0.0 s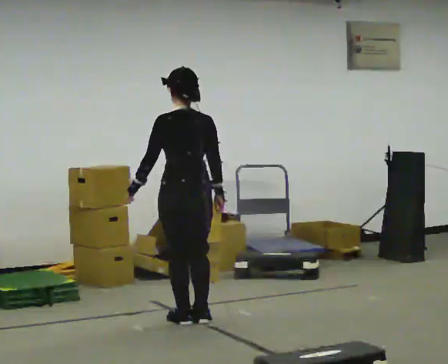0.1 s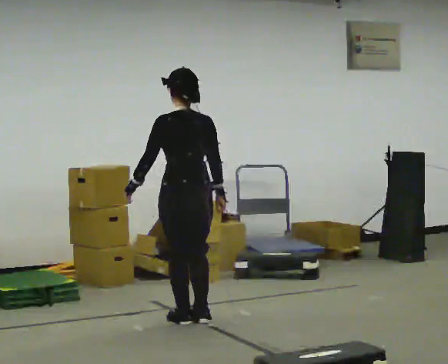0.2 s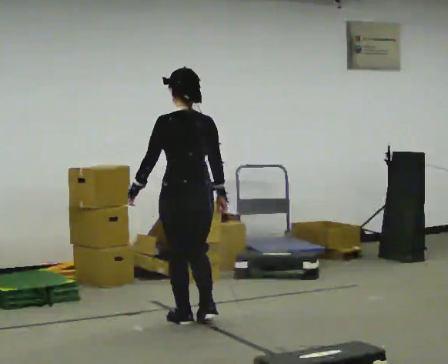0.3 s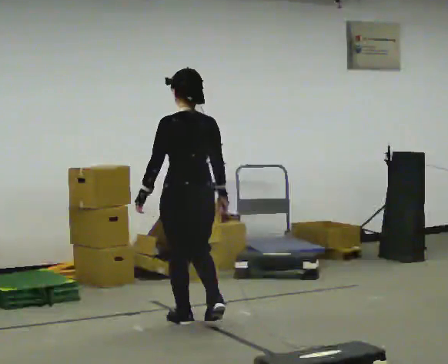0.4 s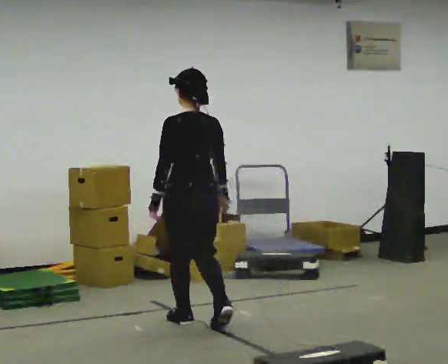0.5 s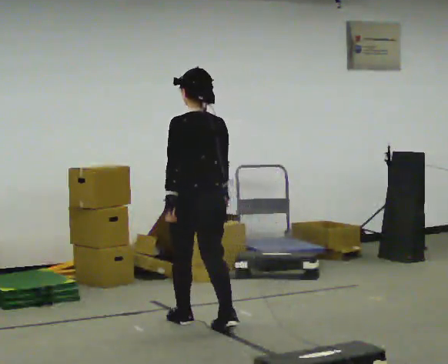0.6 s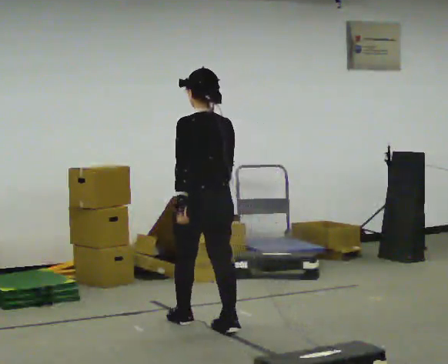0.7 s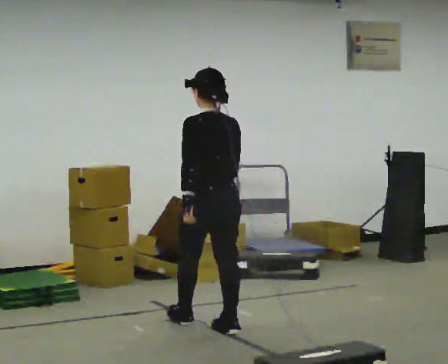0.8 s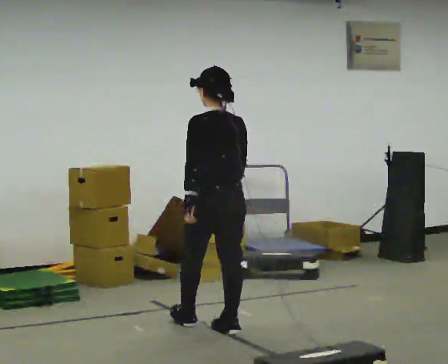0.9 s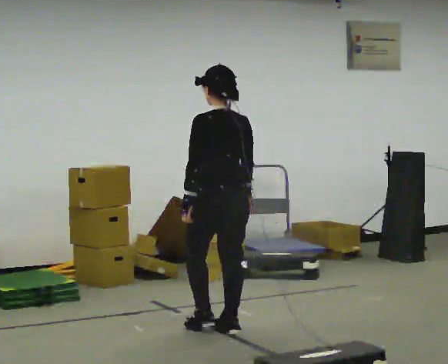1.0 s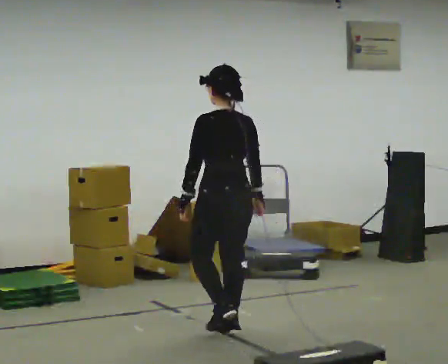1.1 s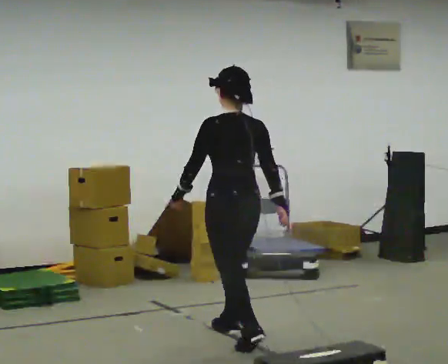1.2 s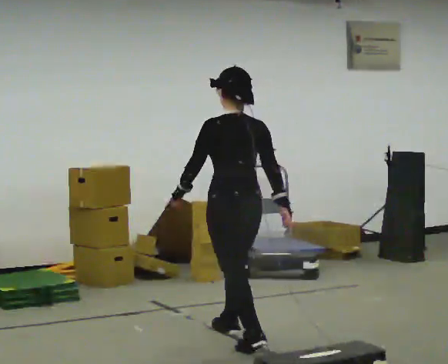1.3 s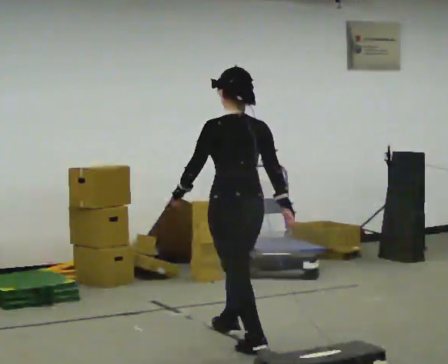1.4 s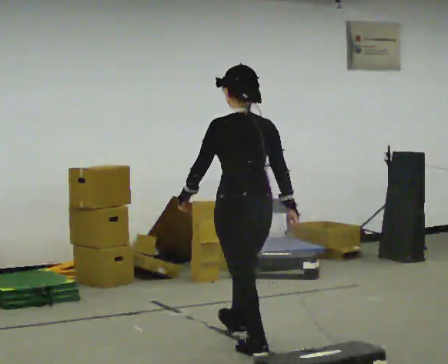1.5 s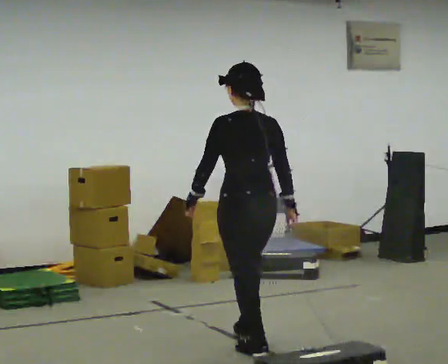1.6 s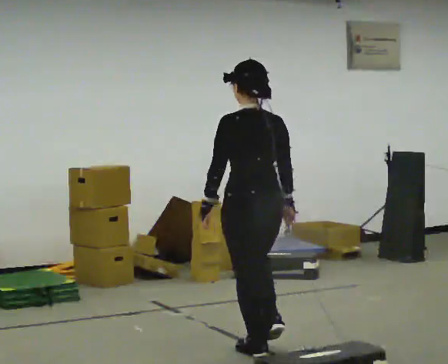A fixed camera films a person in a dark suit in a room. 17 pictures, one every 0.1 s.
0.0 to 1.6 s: In the picture they go toward the camera and to the right, about 1 m in 3 steps, which for them is backward.
The film runs backward here.
